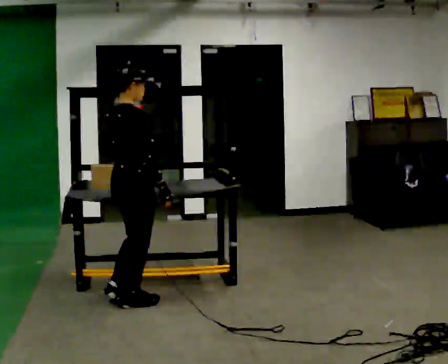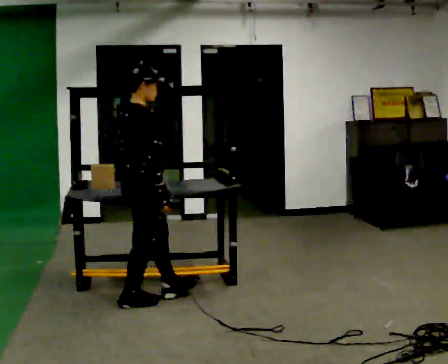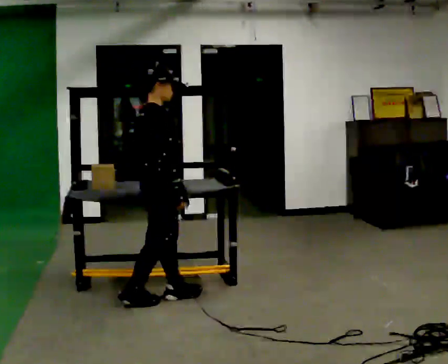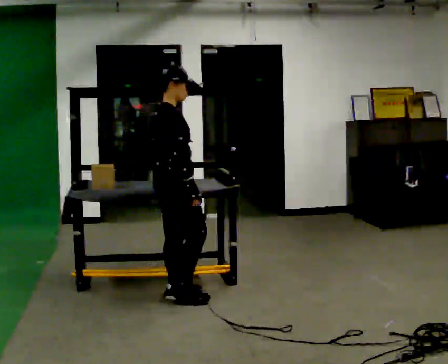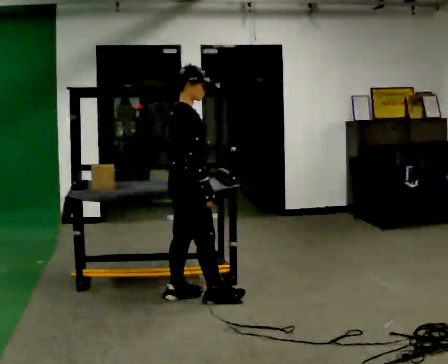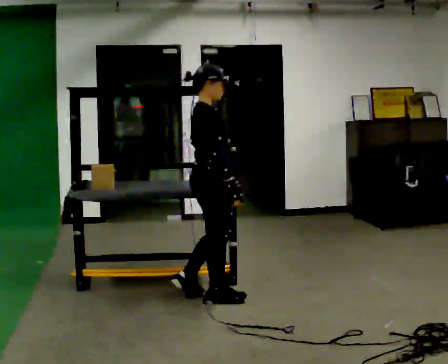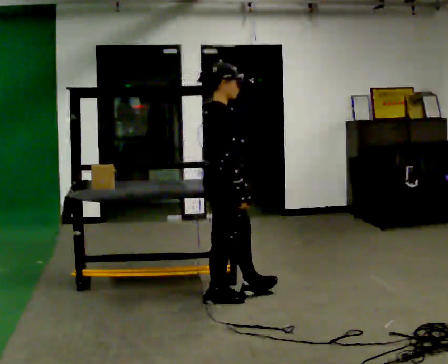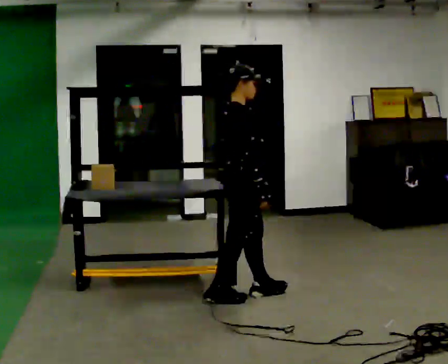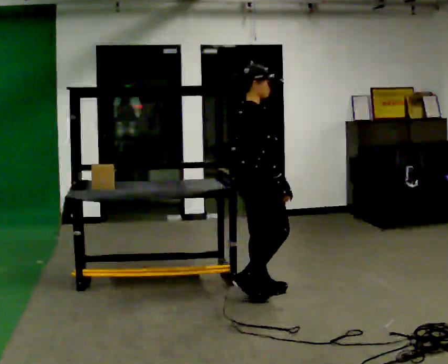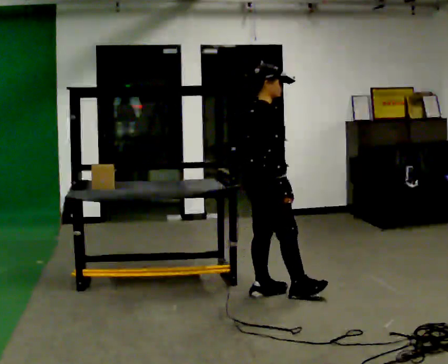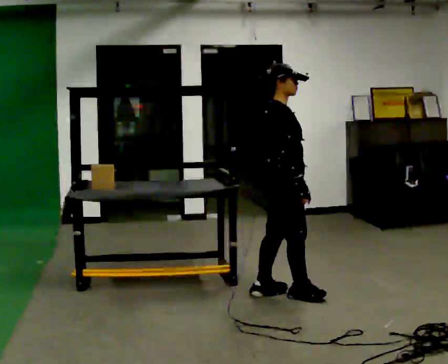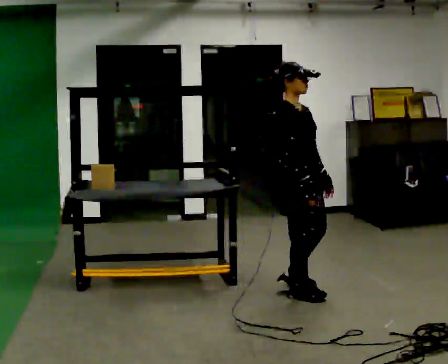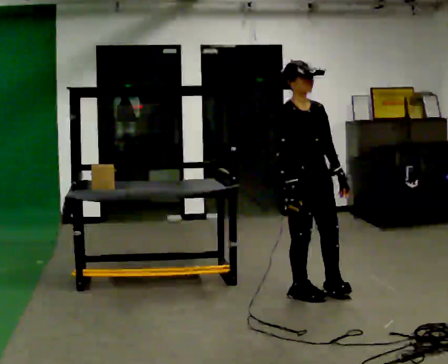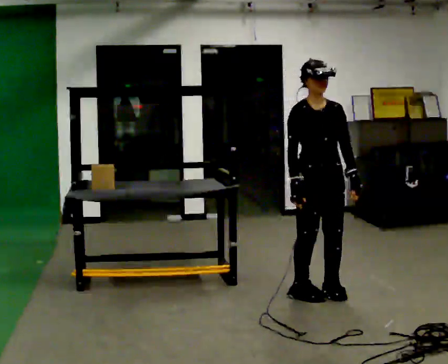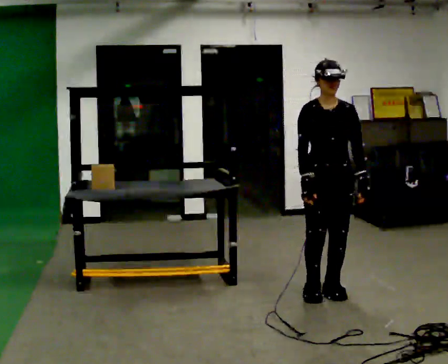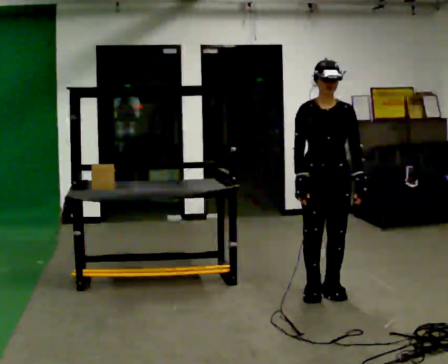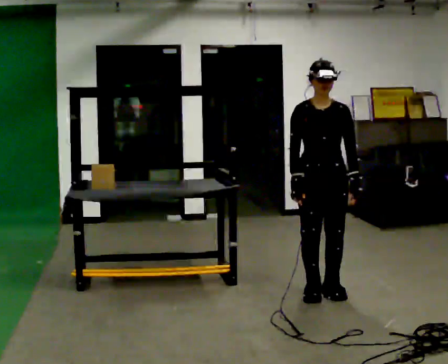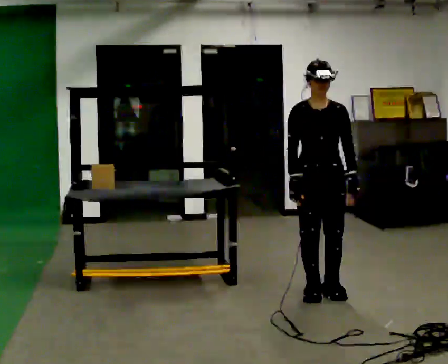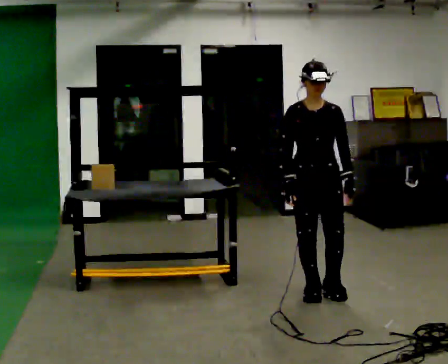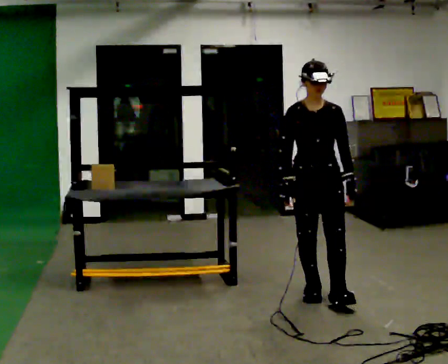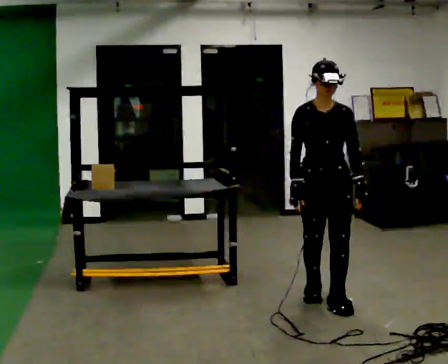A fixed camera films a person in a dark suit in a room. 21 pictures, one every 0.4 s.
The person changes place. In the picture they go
to the right.
The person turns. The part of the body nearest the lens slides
to the left.
0.0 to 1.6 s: The part of the body nearest the lens slides to the left as the person turns to their right by about 30 degrees. In the picture they go to the right and away from the camera, about 0.5 m in 2 steps, which for them is forward.
1.6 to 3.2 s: In the picture they go to the right, about 0.5 m in 1 step, which for them is forward.
3.2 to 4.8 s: Seen from above the body turns clockwise, about 60 degrees: to their right, with its near side sliding to the left. In the picture they go to the right, about 0.25 m in 2 steps.
4.8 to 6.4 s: Seen from above the body turns clockwise, about 30 degrees: to their right, with its near side sliding to the left.
6.4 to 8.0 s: The person moves a little, or ends about where they began.
The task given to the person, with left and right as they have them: Carry the box over and put it on the shelf with the label facing out towards you. Get the orientation right, not just the position. Keep going until the operator says stop; one object at a time, and do not rush between trips.
The film runs forward here.
